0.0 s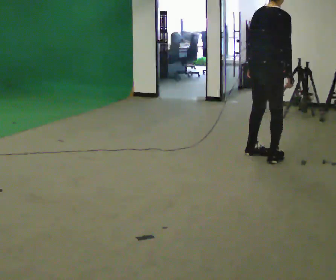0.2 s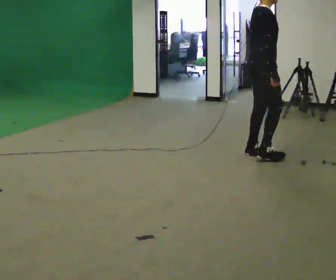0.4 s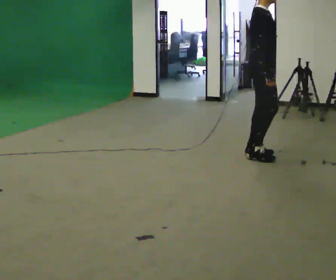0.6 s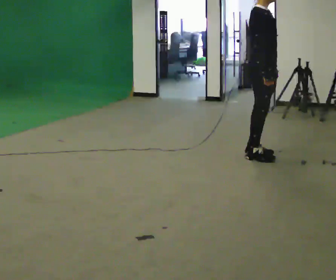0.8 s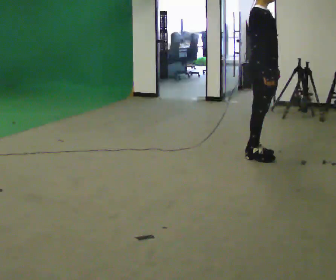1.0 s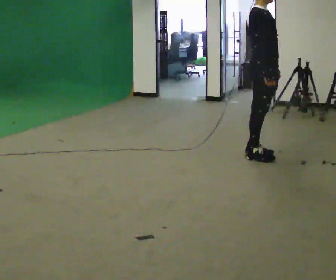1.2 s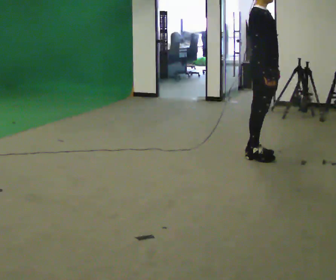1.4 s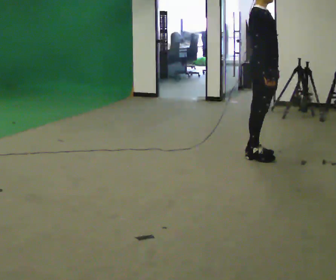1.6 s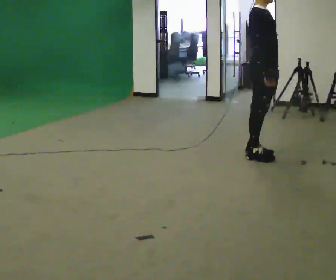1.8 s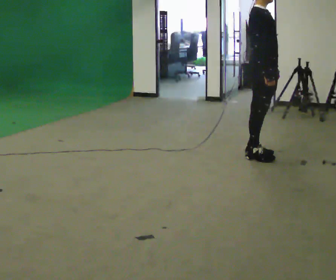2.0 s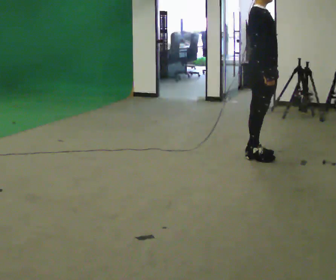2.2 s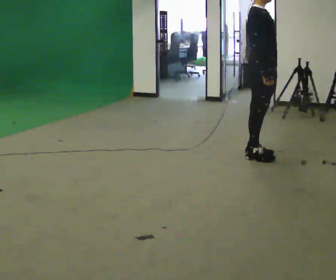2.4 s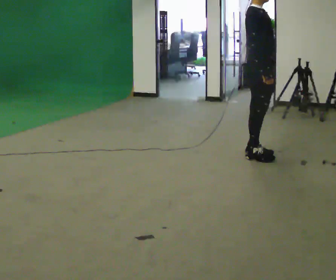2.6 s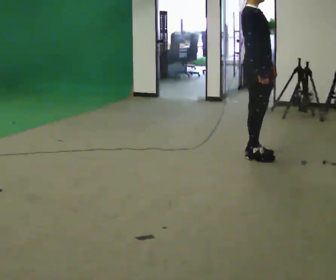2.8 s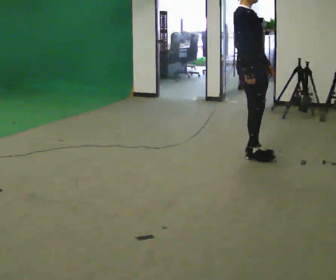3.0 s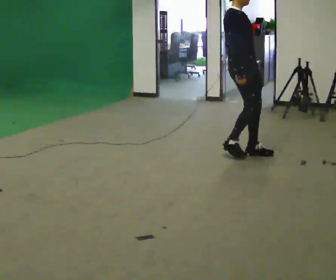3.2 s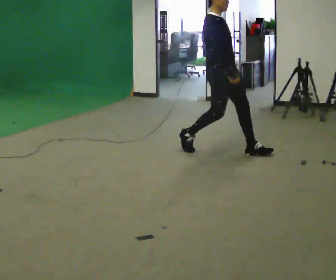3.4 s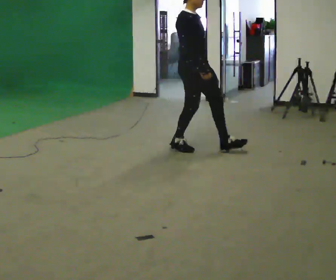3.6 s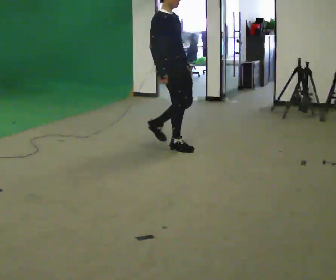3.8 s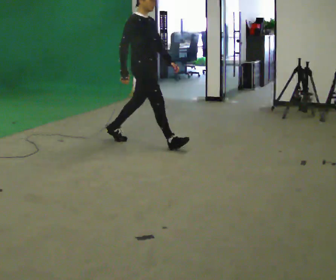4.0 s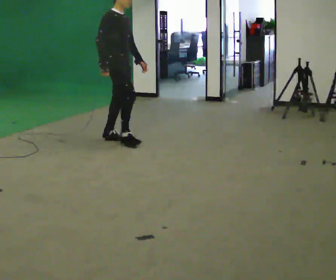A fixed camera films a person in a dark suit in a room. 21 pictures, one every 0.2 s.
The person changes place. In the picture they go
to the left.
0.0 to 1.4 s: Seen from above the body turns clockwise, about 60 degrees: to their right, with its near side sliding to the left.
1.4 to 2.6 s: The person moves a little, or ends about where they began.
2.6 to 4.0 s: In the picture they go to the left, about 1.5 m in 3 steps, which for them is backward.
The film runs backward here.
